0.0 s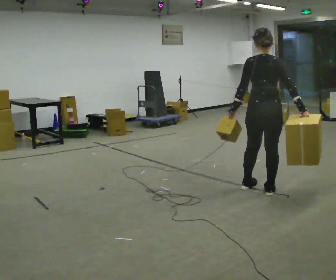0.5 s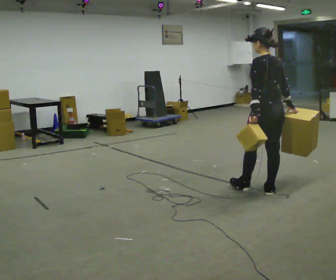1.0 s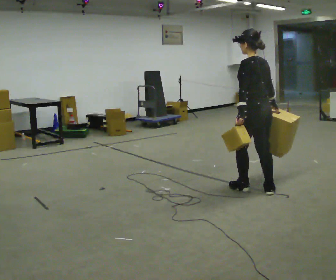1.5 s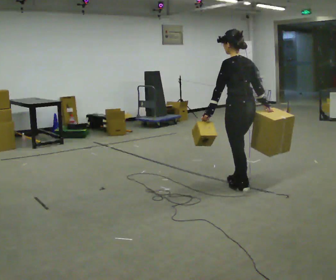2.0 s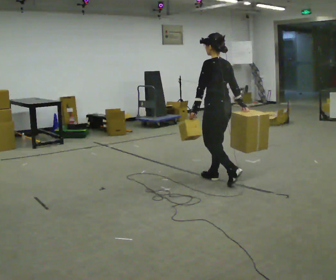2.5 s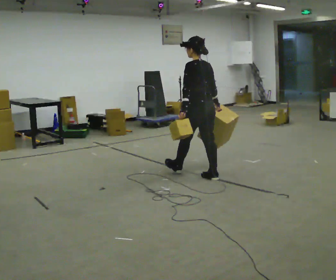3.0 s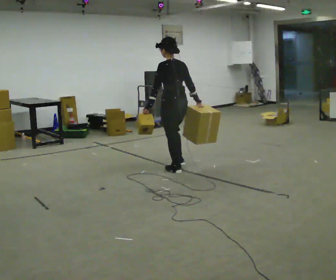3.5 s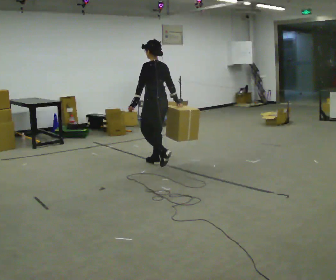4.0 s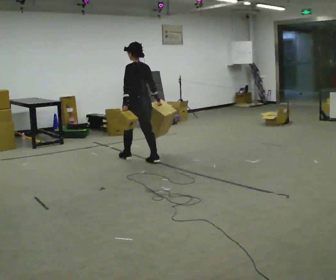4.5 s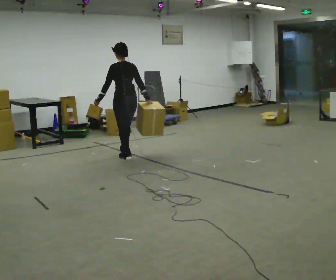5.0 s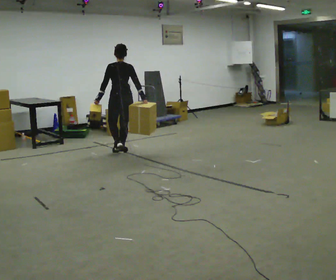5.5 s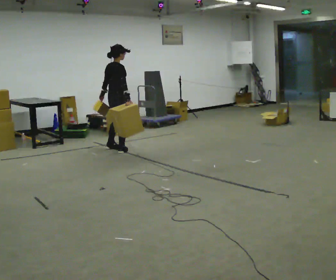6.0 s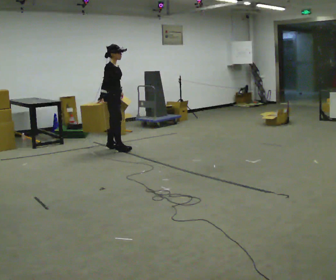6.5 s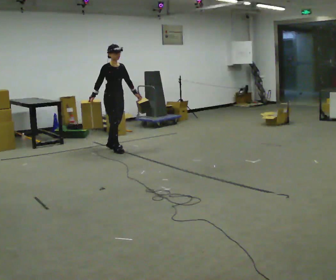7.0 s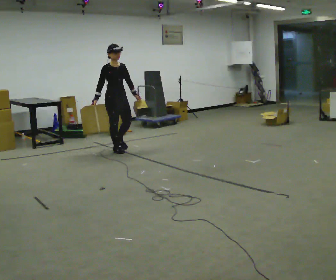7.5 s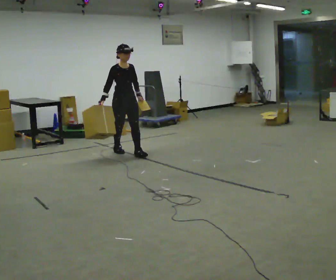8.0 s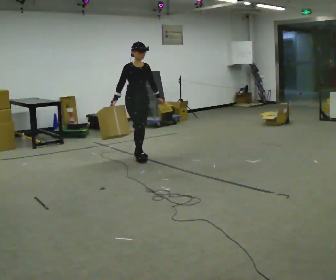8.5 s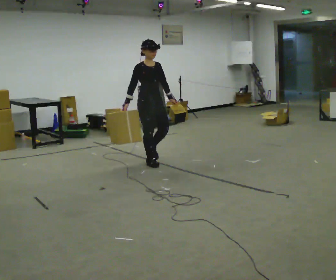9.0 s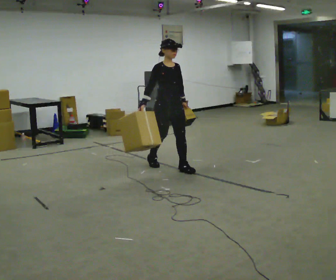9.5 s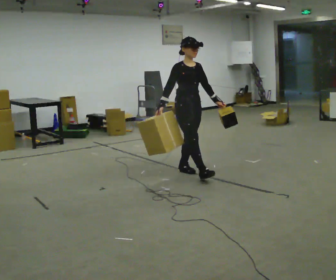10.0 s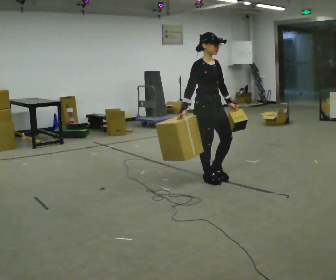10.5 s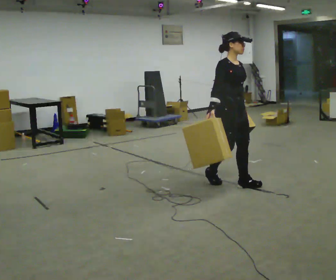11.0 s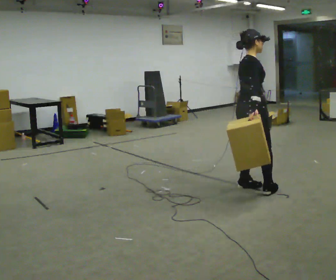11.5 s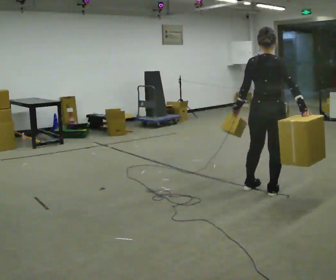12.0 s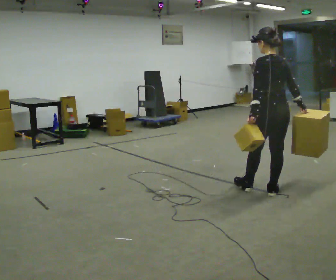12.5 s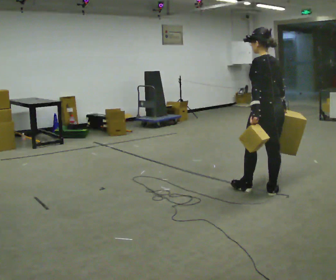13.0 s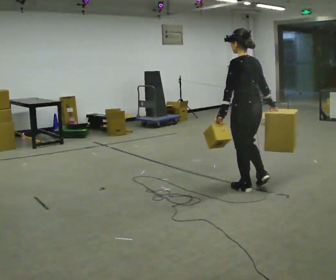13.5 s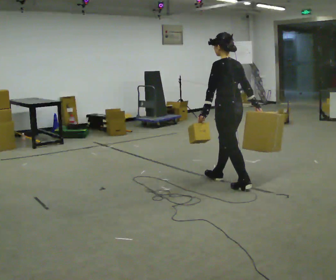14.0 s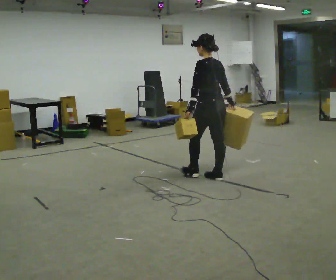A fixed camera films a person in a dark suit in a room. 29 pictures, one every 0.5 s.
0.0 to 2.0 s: The person turns about 60 degrees to their left, counterclockwise seen from above, so the part of the body nearest the lens slides to the right. In the picture they go away from the camera and to the left, about 0.5 m in 1 step, which for them is forward.
2.0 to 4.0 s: In the picture they go away from the camera and to the left, about 1.5 m in 3 steps, which for them is forward.
4.0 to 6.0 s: The part of the body nearest the lens slides to the left as the person turns to their right by about 135 degrees. In the picture they go away from the camera and to the left, about 1 m in 2 steps.
6.0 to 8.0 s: Seen from above the body turns clockwise, about 45 degrees: to their right, with its near side sliding to the left. In the picture they go toward the camera and to the right, about 0.5 m in 1 step, which for them is forward.
8.0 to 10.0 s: In the picture they go toward the camera and to the right, about 1.5 m in 3 steps, which for them is forward.
10.0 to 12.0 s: The part of the body nearest the lens slides to the right as the person turns to their left by about 165 degrees. In the picture they go toward the camera and to the right, about 1 m in 2 steps.
12.0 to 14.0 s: In the picture they go away from the camera and to the left, about 1 m in 1 step, which for them is forward.
The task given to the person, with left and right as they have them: Carry one object in each hand, the heavy one in the hand the operator calls, walking back and forth across the room.
The film runs forward here.
